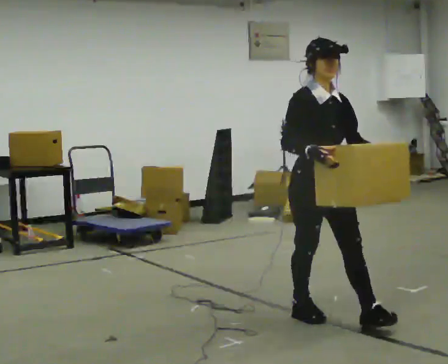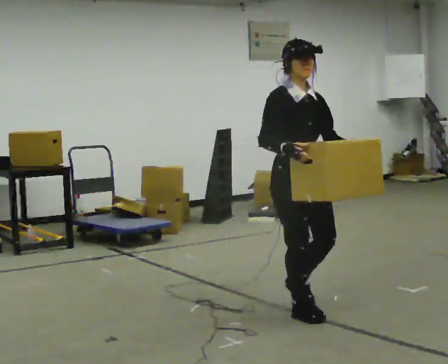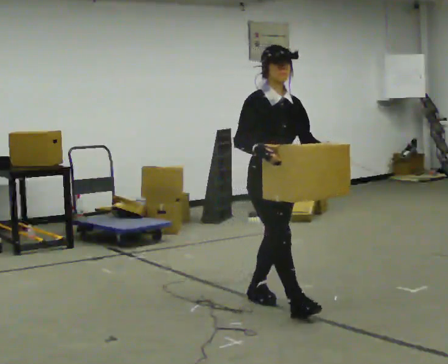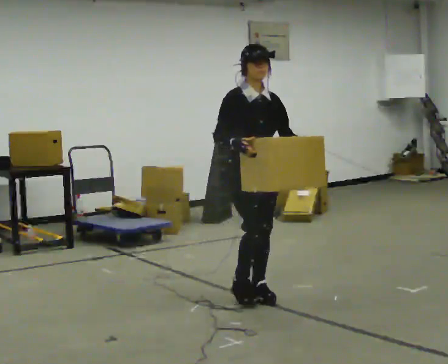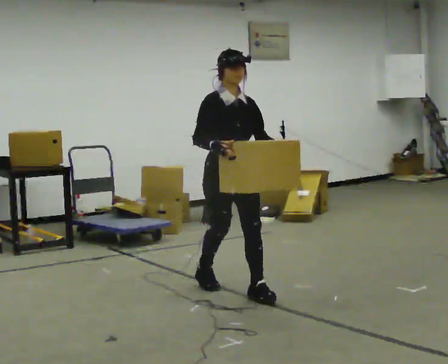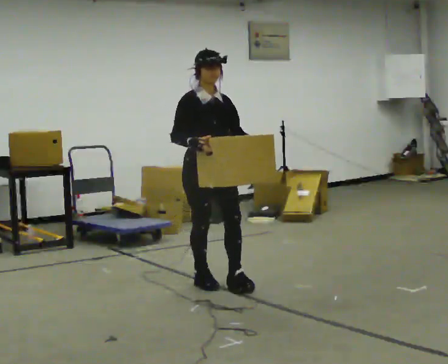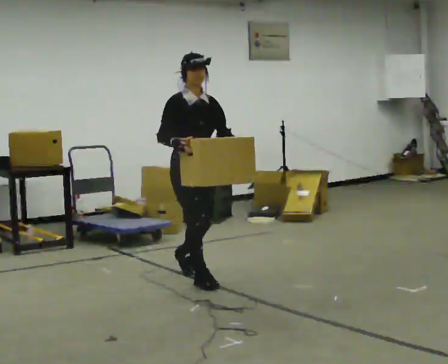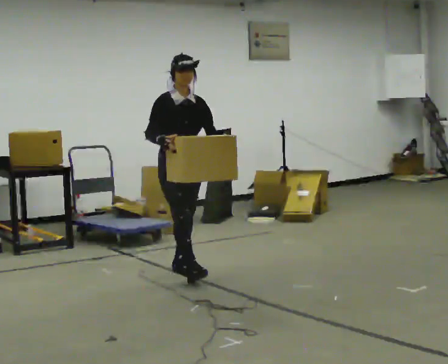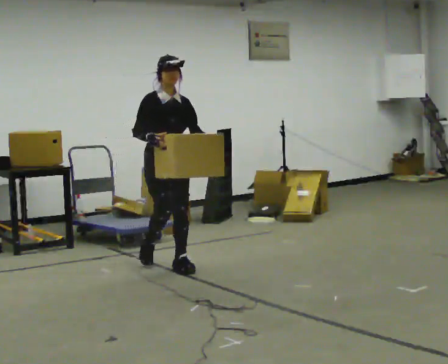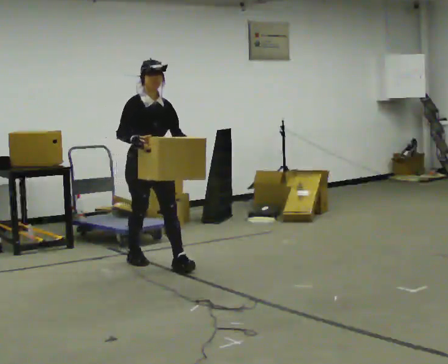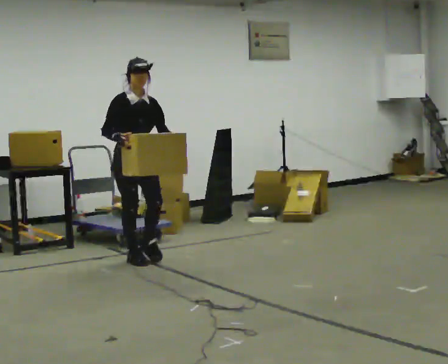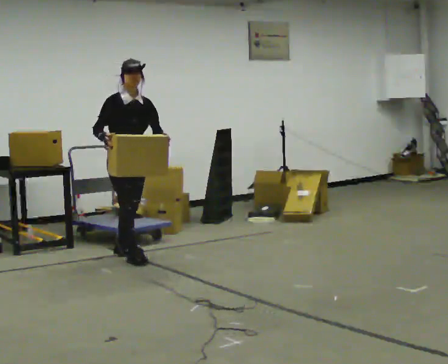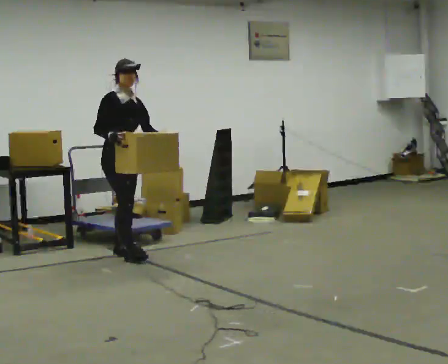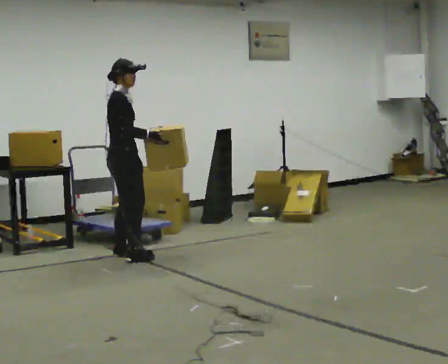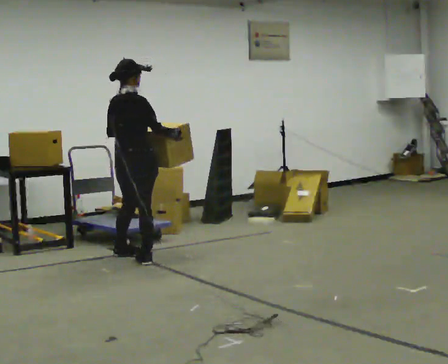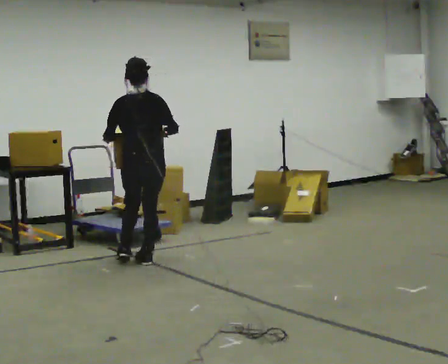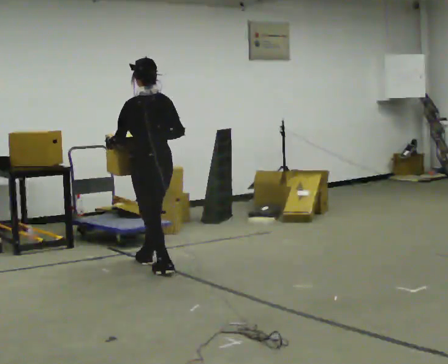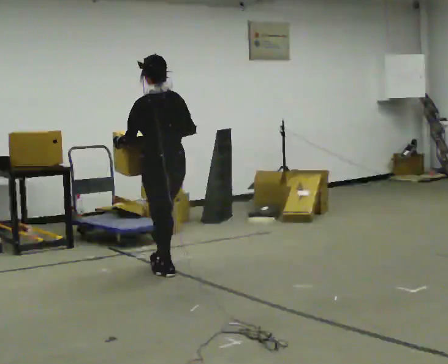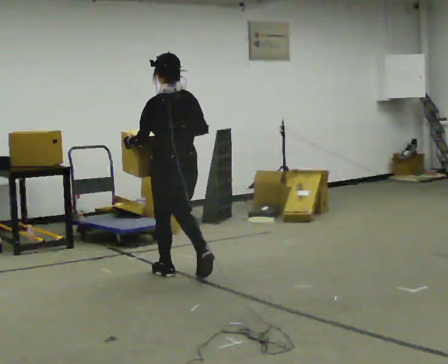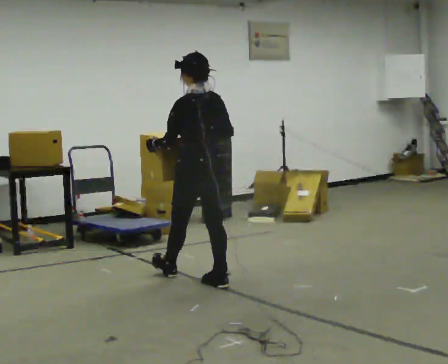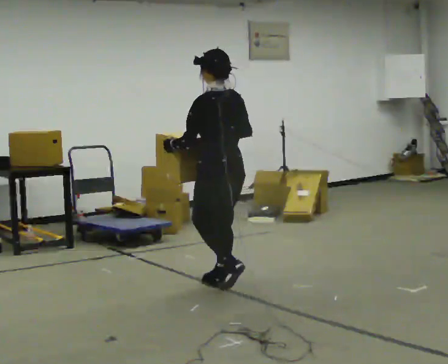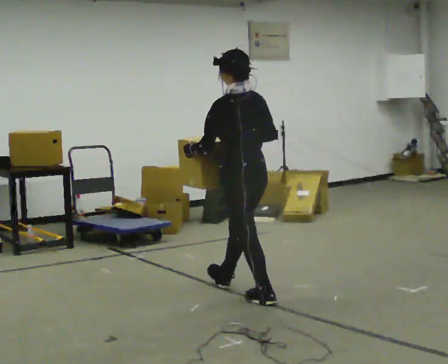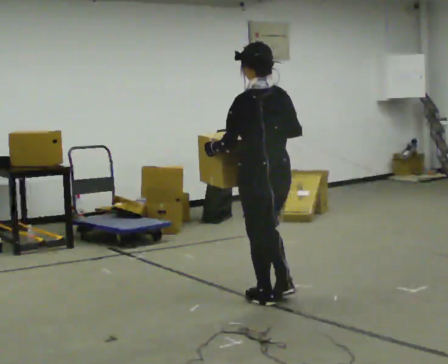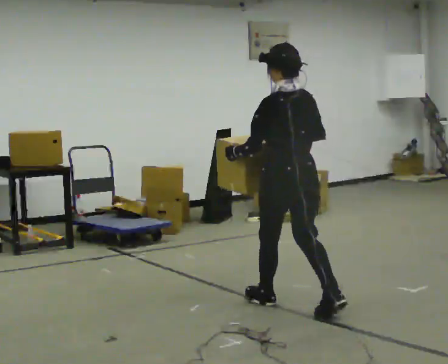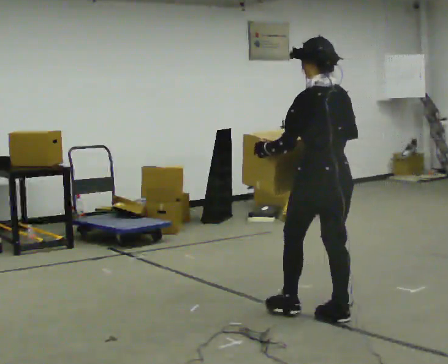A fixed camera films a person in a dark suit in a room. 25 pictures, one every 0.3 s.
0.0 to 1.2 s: In the picture they go away from the camera and to the left, about 1 m in 1 step, which for them is backward.
1.2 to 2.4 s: In the picture they go away from the camera and to the left, about 1 m in 2 steps, which for them is backward.
2.4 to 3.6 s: The part of the body nearest the lens slides to the right as the person turns to their left by about 30 degrees. In the picture they go away from the camera and to the left, about 0.5 m in 1 step, which for them is backward.
3.6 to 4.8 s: The part of the body nearest the lens slides to the right as the person turns to their left by about 165 degrees. In the picture they go toward the camera and to the right, about 0.5 m in 2 steps.
4.8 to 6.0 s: In the picture they go toward the camera and to the right, about 1 m in 2 steps, which for them is backward.
6.0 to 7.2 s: In the picture they go toward the camera and to the right, about 1 m in 2 steps, which for them is backward.
The film runs backward here.
